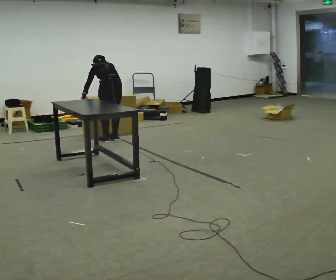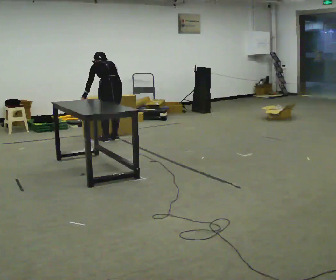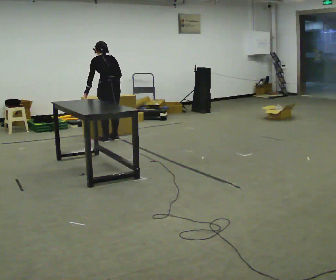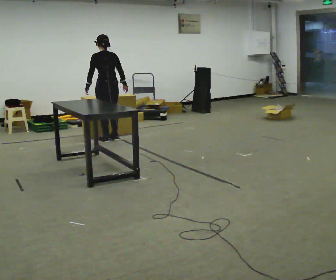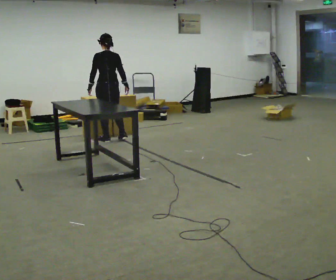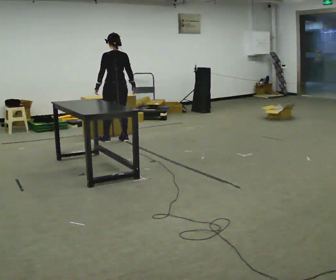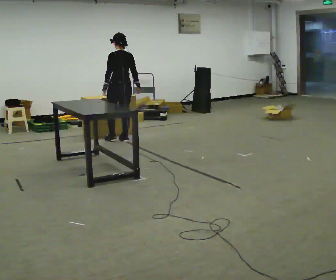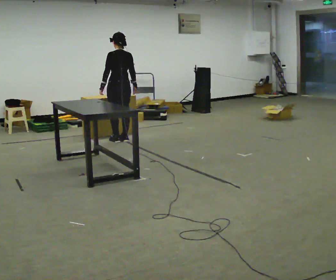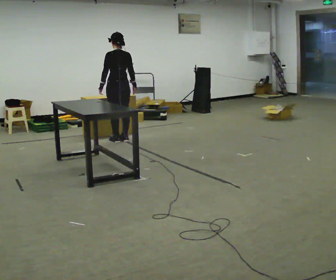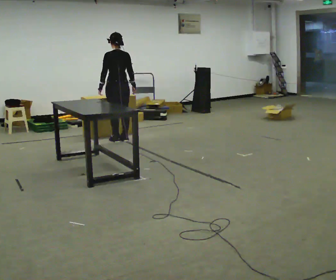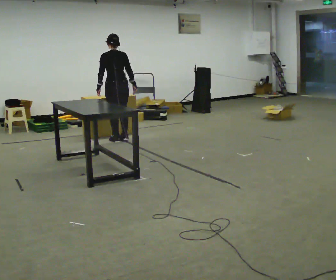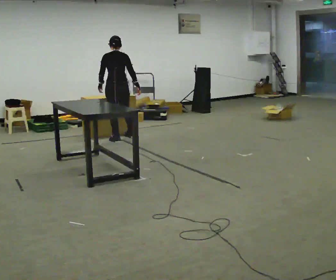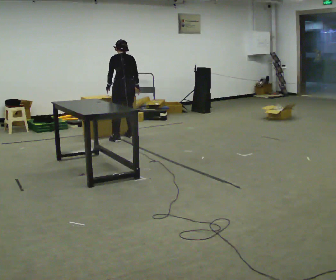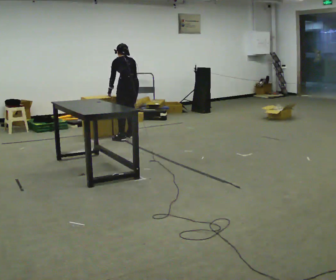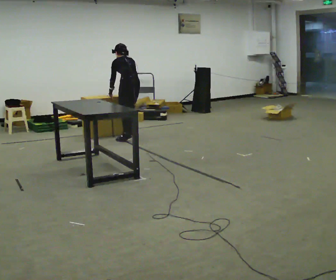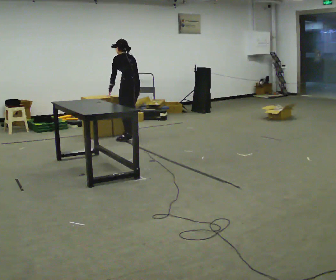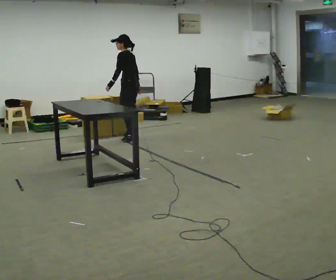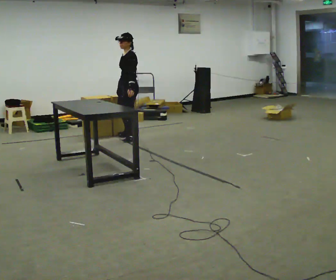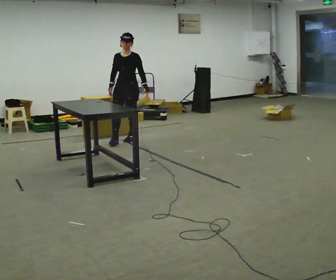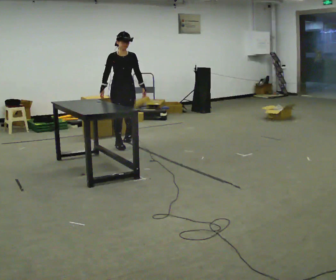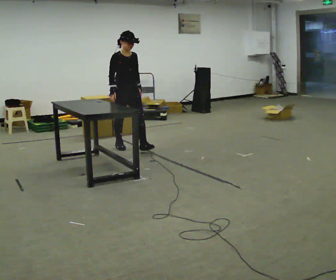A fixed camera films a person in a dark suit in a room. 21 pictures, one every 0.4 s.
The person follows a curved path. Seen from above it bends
clockwise.
The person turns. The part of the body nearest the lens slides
to the right.
0.0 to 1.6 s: The upper body goes upward. The upper body tips toward the camera, its near side rolling downward, as they lean back or straighten.
1.6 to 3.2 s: The person moves a little, or ends about where they began.
3.2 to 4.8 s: The upper body tips away from the camera, its near side rolling upward, as they bend forward.
4.8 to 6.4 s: The person turns about 60 degrees to their left, counterclockwise seen from above, so the part of the body nearest the lens slides to the right. The upper body tips toward the camera, its near side rolling downward, as they lean back or straighten.
6.4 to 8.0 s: The part of the body nearest the lens slides to the right as the person turns to their left by about 120 degrees. In the picture they go toward the camera, about 0.75 m in 1 step.
The film runs forward here.
